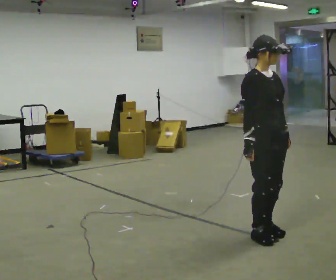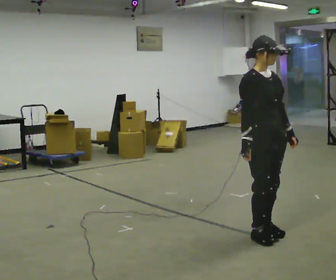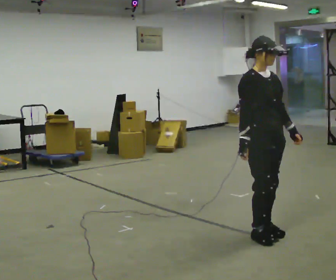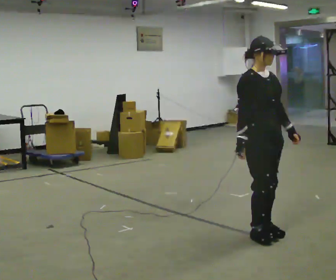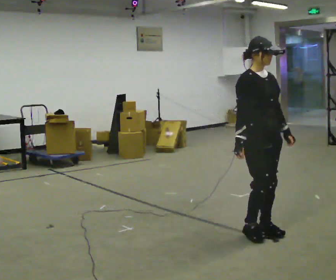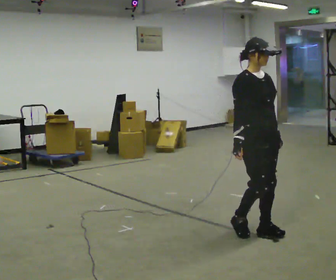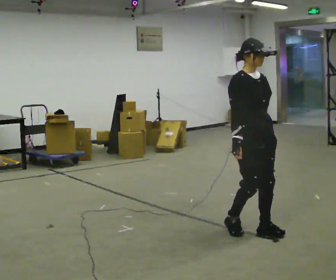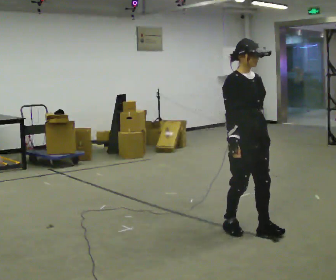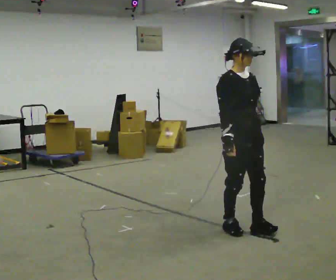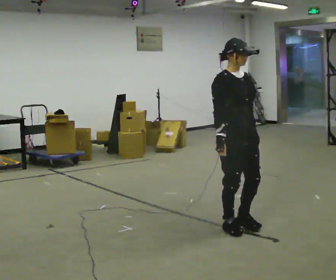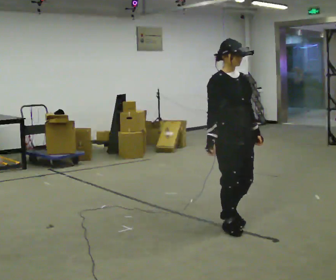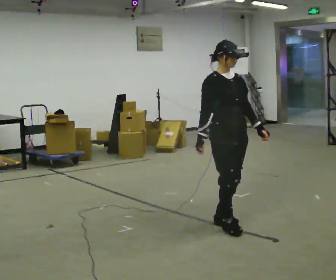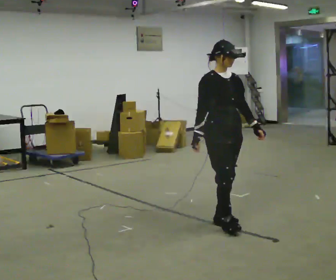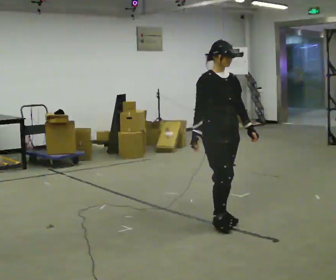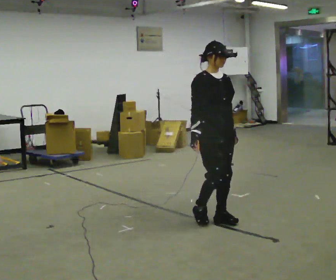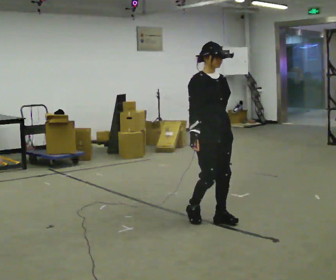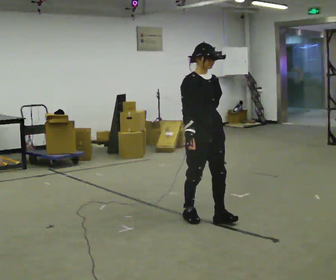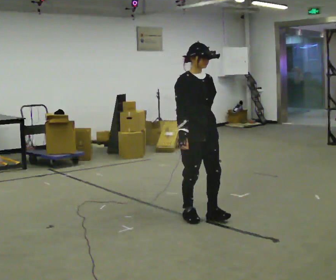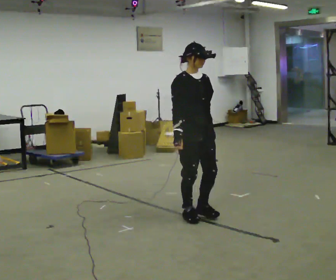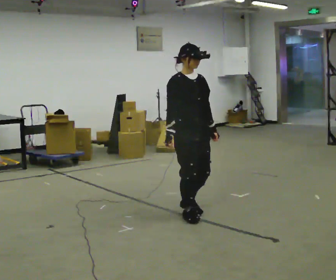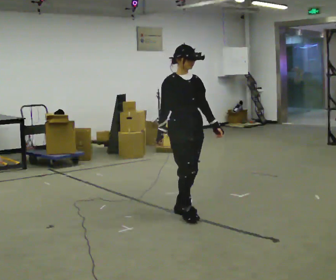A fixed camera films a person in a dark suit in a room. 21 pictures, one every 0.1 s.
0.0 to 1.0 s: In the picture they go to the left and away from the camera, about 0.25 m in 2 steps, which for them is backward.
1.0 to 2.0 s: In the picture they go to the left and away from the camera, about 0.5 m in 2 steps, which for them is backward.
The film runs backward here.
